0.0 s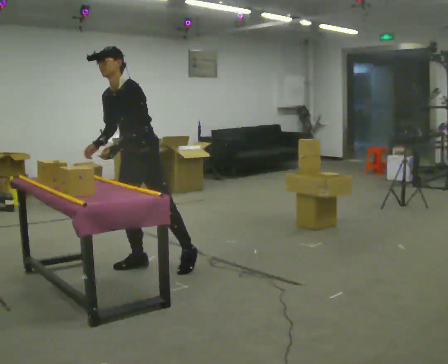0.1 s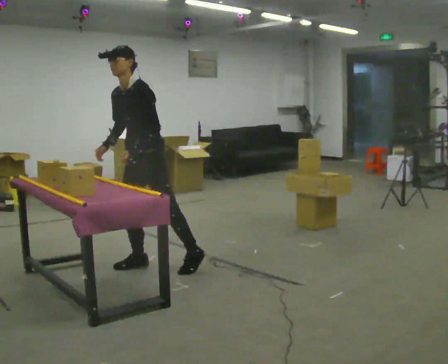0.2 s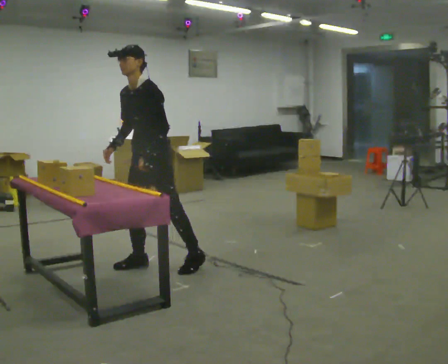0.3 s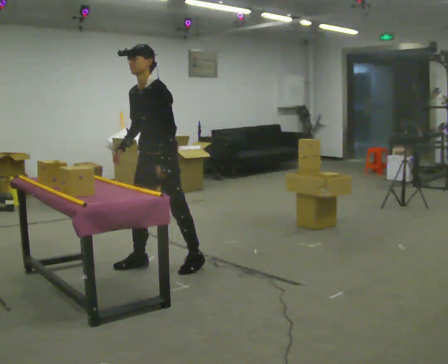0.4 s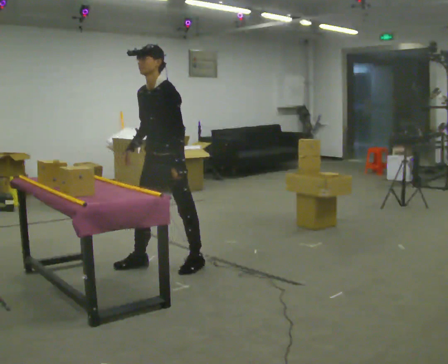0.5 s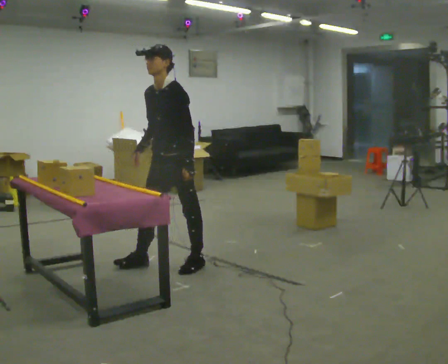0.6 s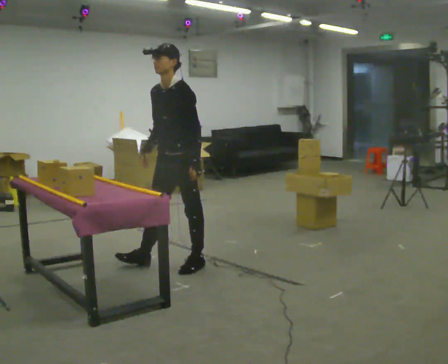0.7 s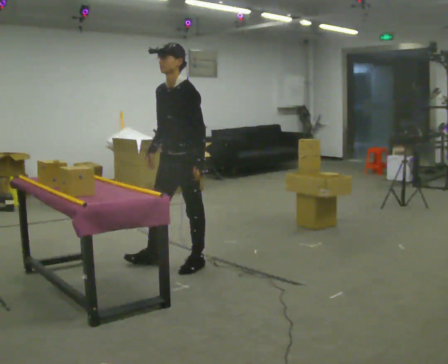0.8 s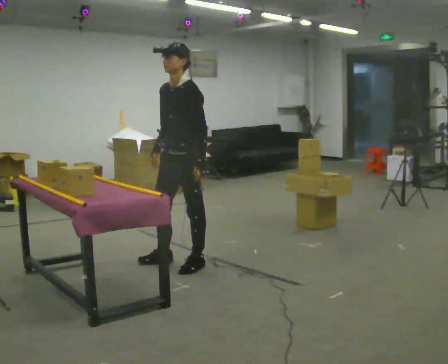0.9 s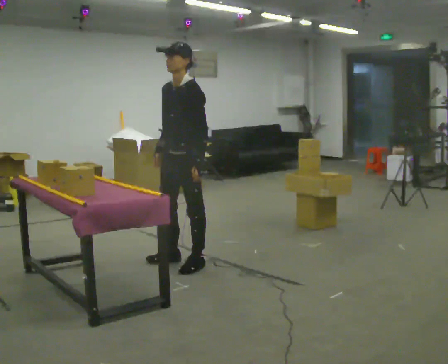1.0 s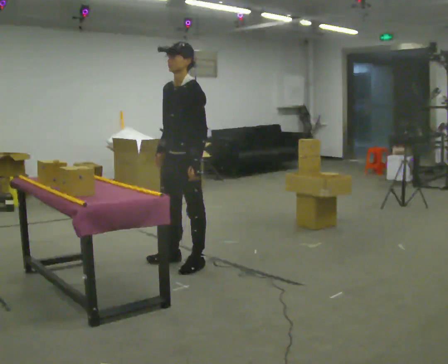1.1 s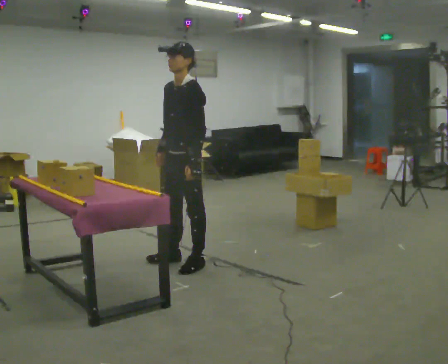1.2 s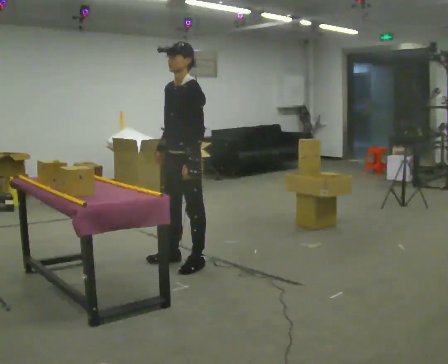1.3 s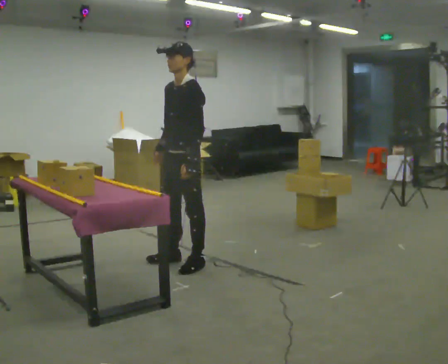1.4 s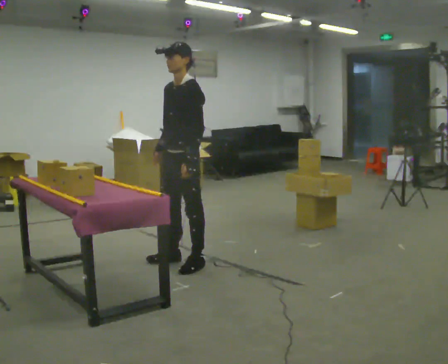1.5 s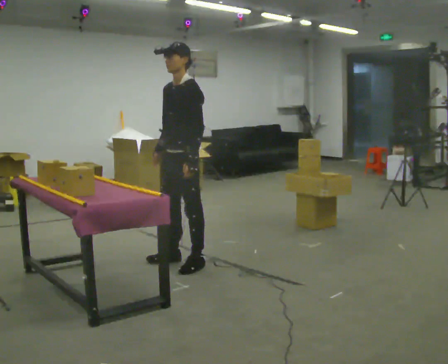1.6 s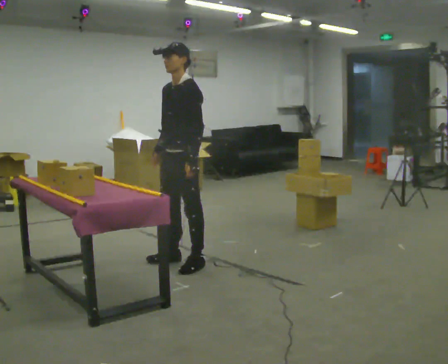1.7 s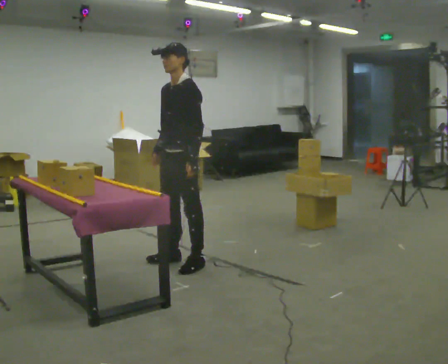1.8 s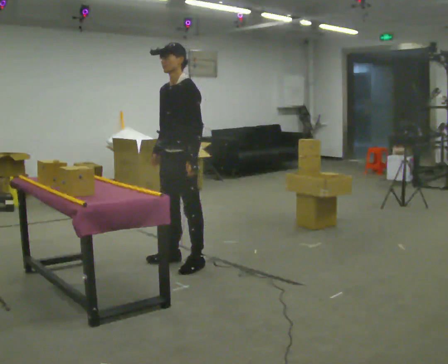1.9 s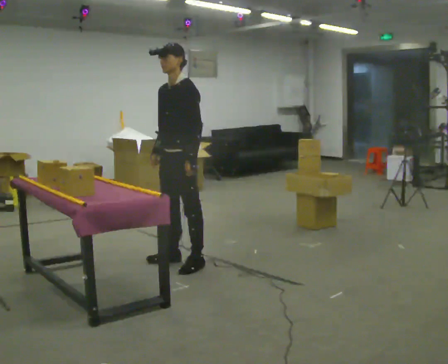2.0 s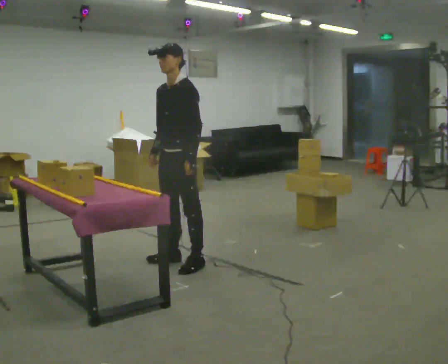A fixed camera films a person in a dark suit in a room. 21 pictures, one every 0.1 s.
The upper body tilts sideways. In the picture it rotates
clockwise.
0.0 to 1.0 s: In the picture they go to the right, about 0.25 m in 1 step, which for them is to their left and backward. In the picture the upper body tilts clockwise, shoulders to the right, as they lean back or straighten.
1.0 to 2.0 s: The person moves a little, or ends about where they began.
The film runs forward here.
